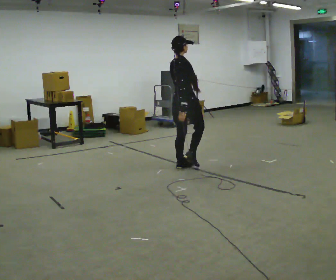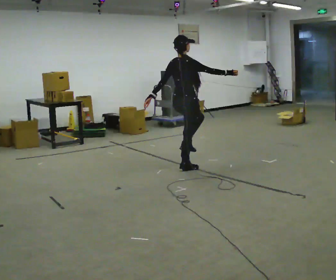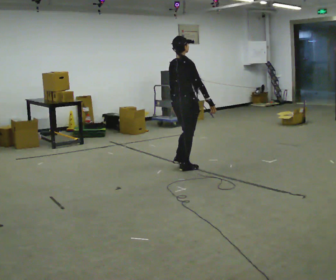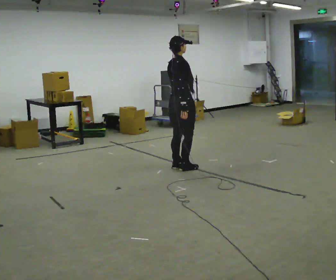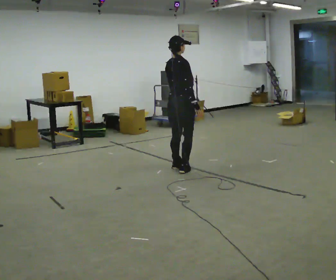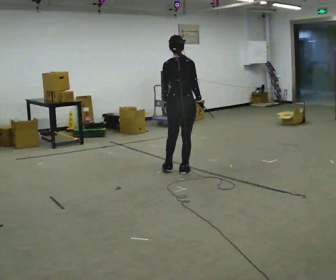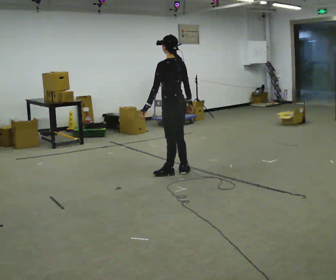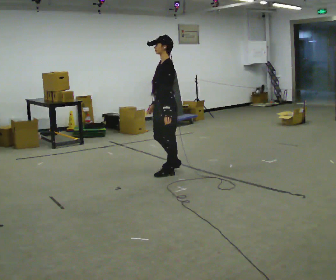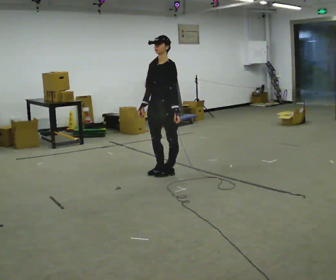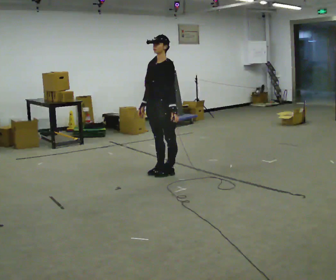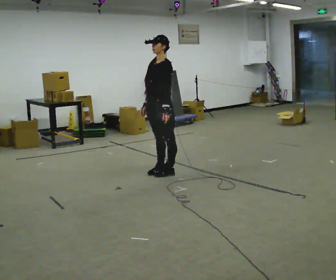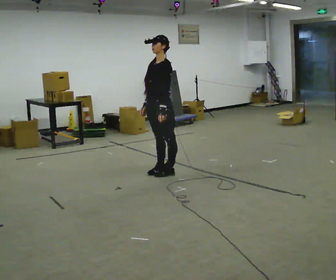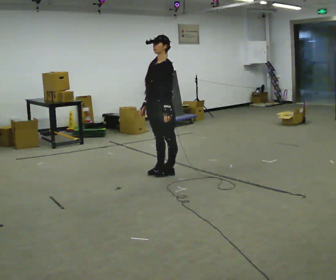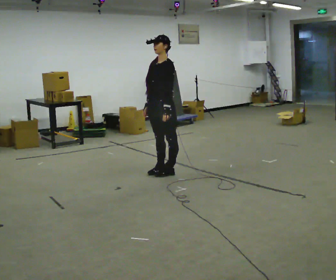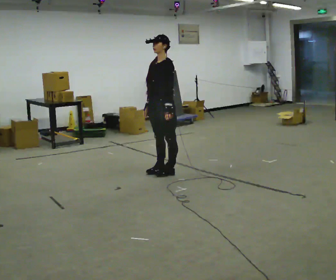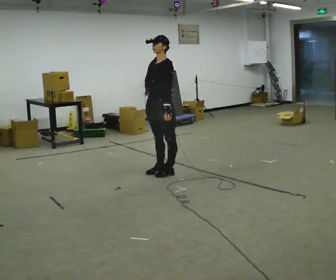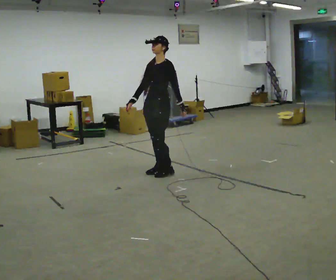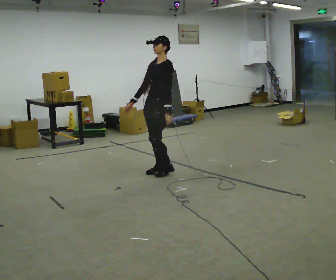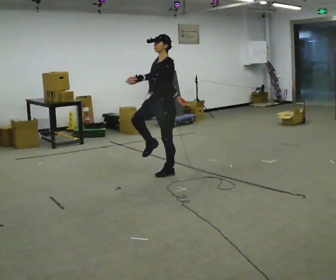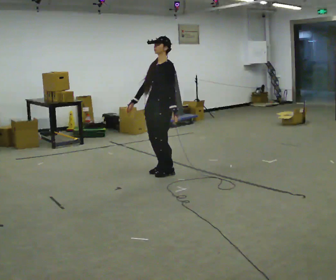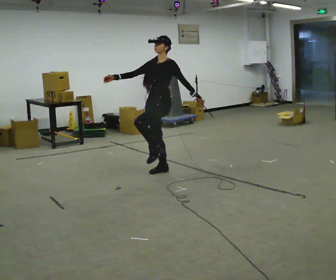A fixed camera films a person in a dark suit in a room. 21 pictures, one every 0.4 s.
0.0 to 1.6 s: The person moves a little, or ends about where they began.
1.6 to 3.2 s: The part of the body nearest the lens slides to the right as the person turns to their left by about 180 degrees. In the picture they go toward the camera and to the left, about 0.25 m in 2 steps. In the picture their right hand goes to the left, the arm swinging clockwise.
3.2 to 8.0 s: In the picture their right hand goes upward.
The film runs backward here.
